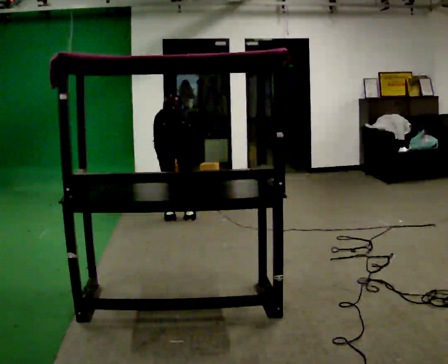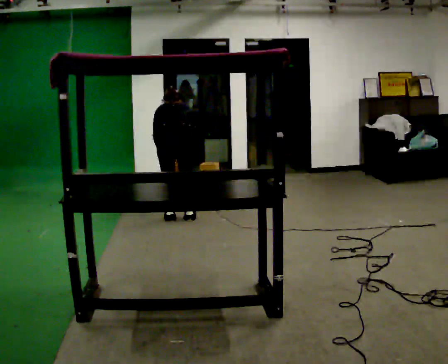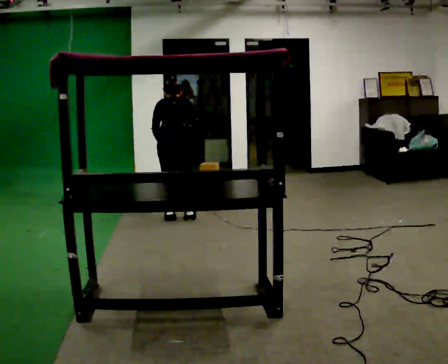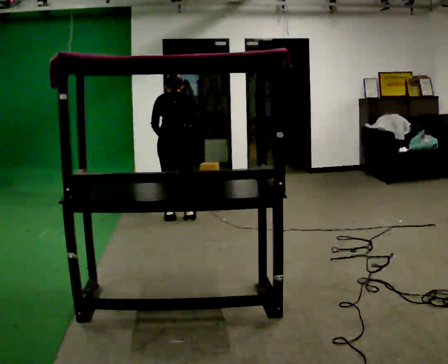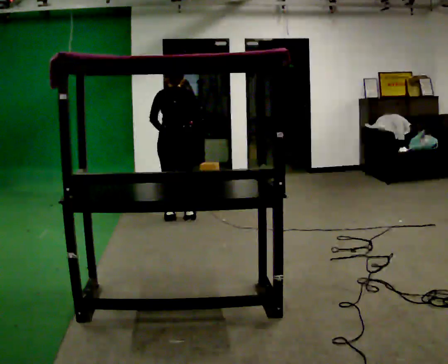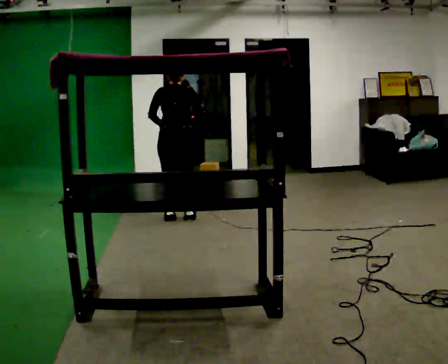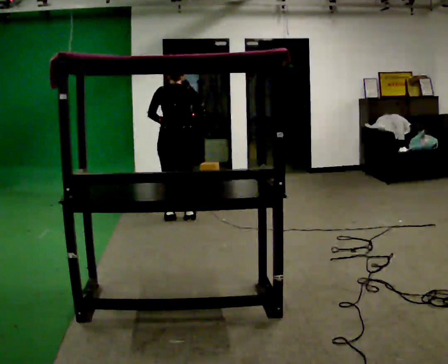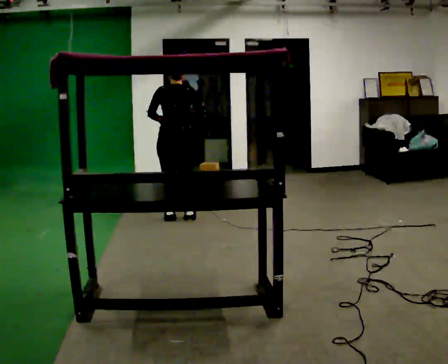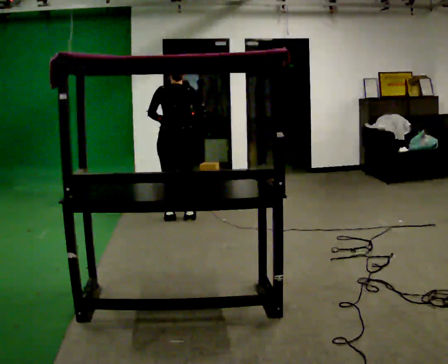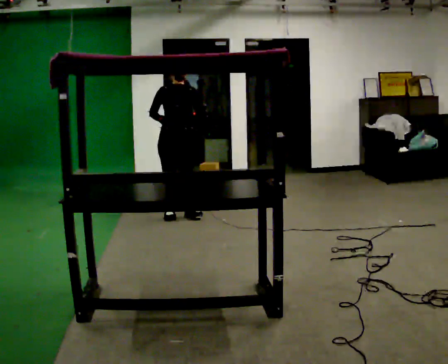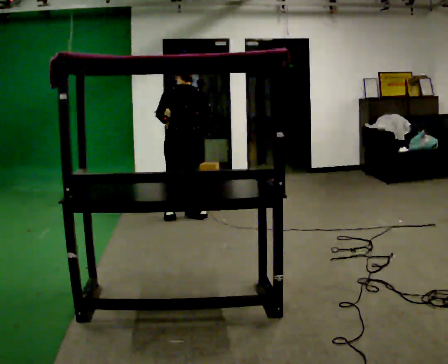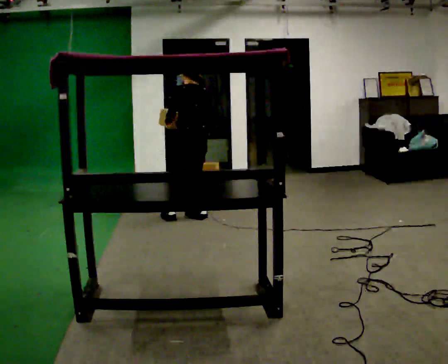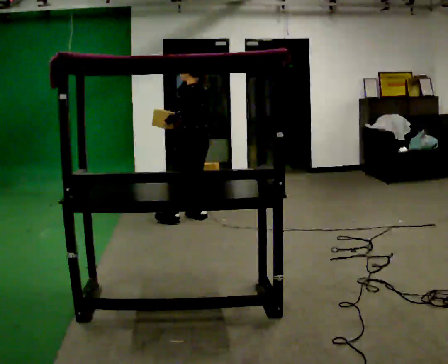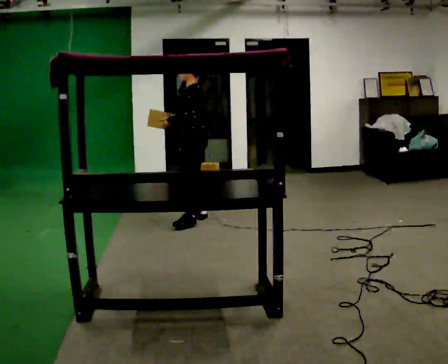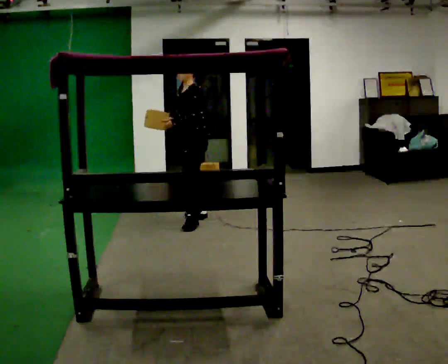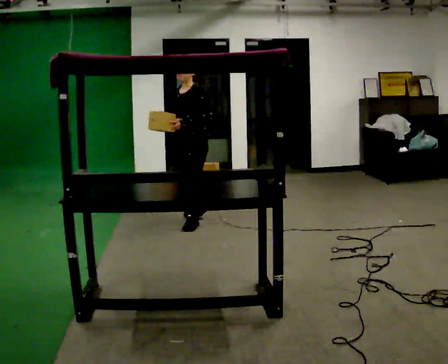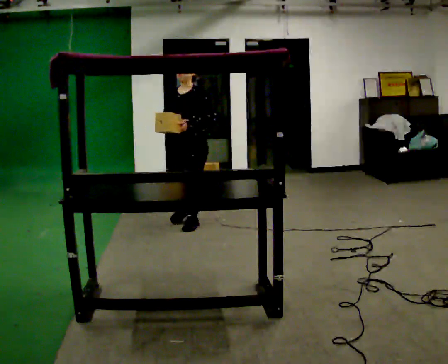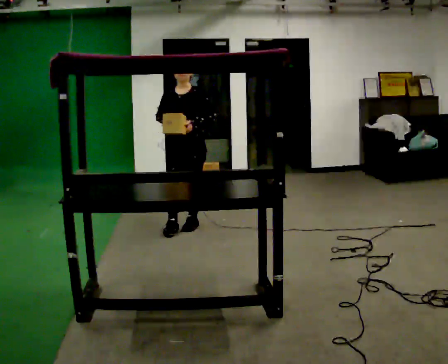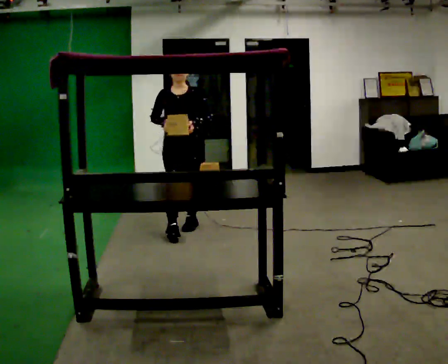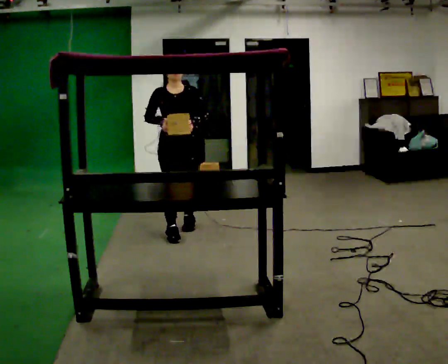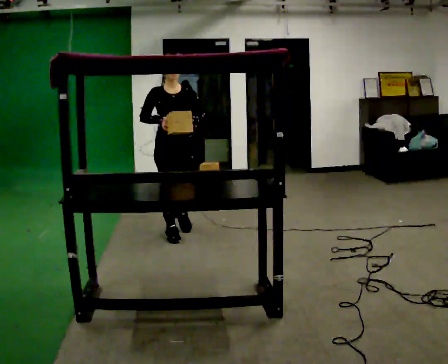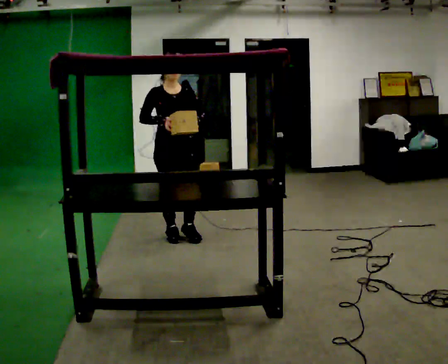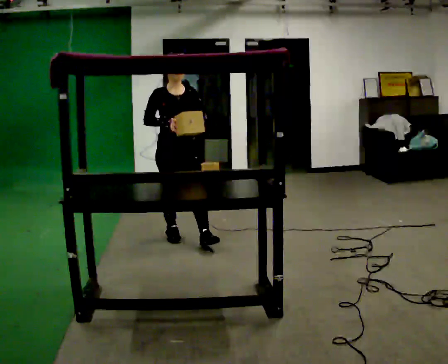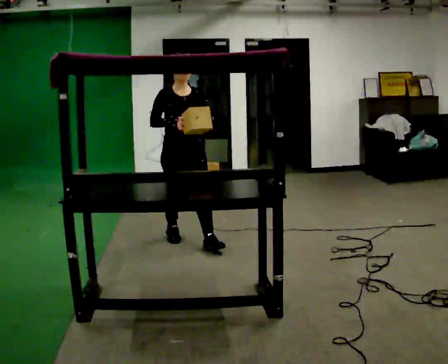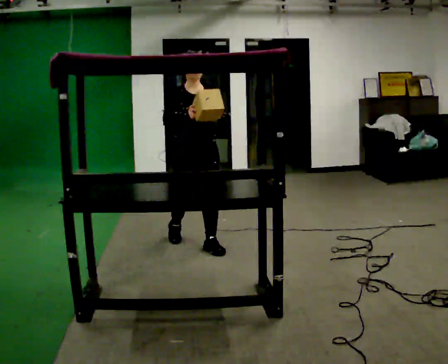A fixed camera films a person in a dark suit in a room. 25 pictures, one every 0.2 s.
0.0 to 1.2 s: The shoulders move upward. The upper body tips toward the camera, its near side rolling downward, as they lean back or straighten. In the picture their right hand goes upward.
1.2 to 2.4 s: The part of the body nearest the lens slides to the right as the person turns to their left by about 60 degrees. In the picture they go to the right, about 0.25 m.
2.4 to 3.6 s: The person turns about 120 degrees to their left, counterclockwise seen from above, so the part of the body nearest the lens slides to the right. In the picture they go toward the camera, about 0.5 m in 2 steps.
3.6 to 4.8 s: In the picture they go toward the camera, about 0.5 m in 1 step, which for them is forward.
The film runs forward here.
